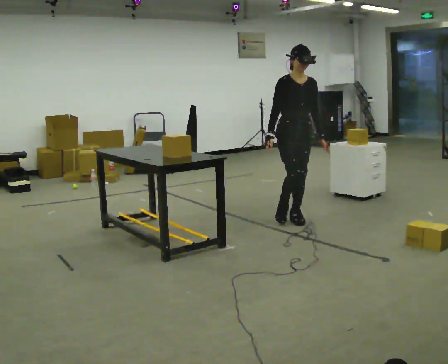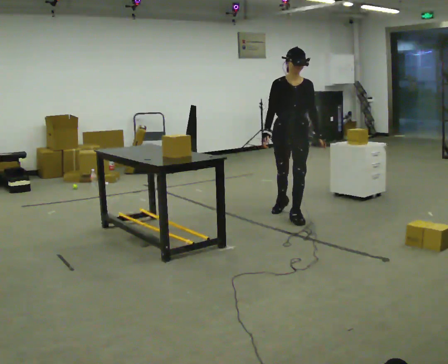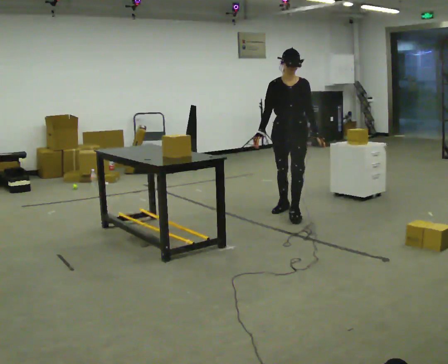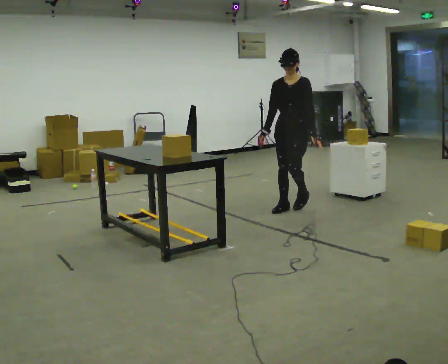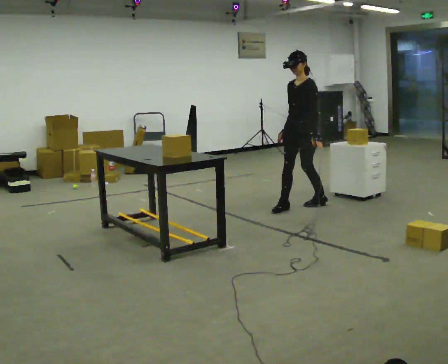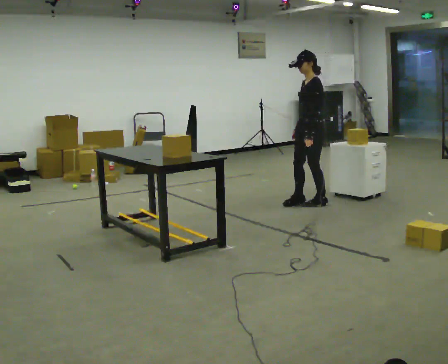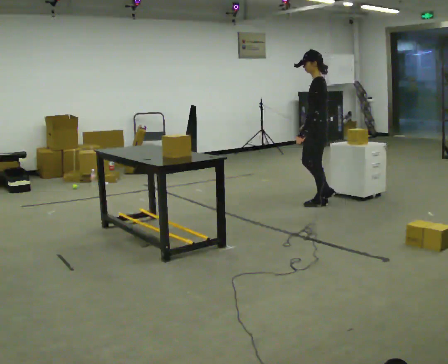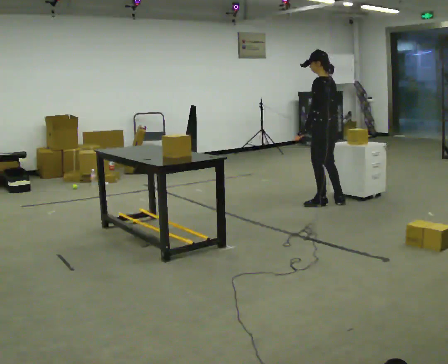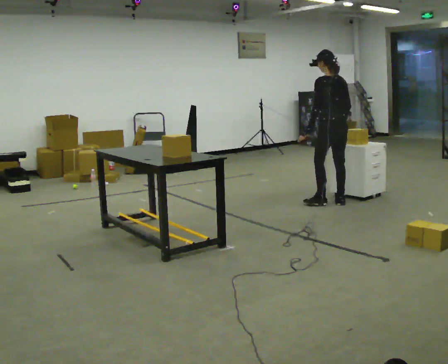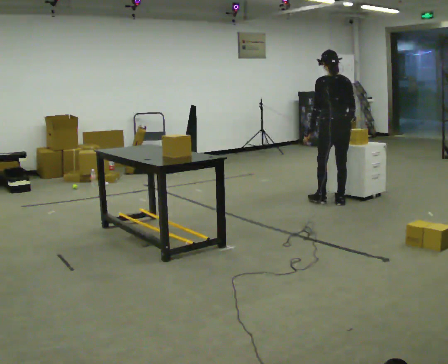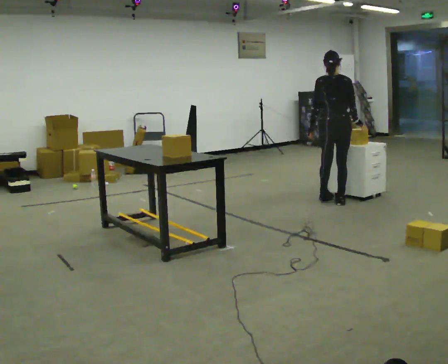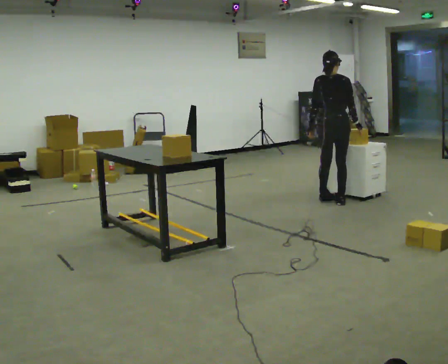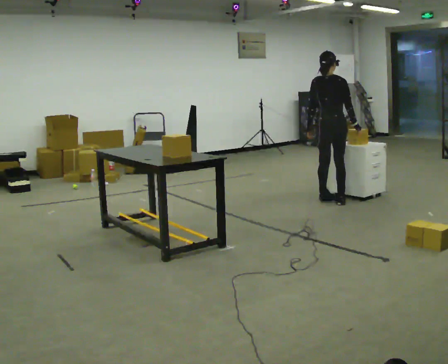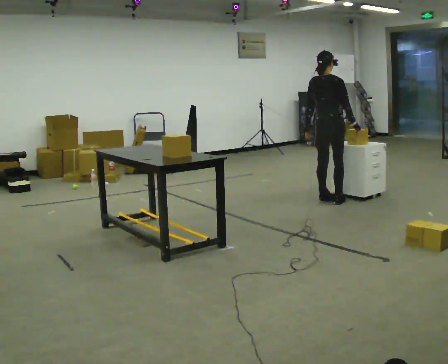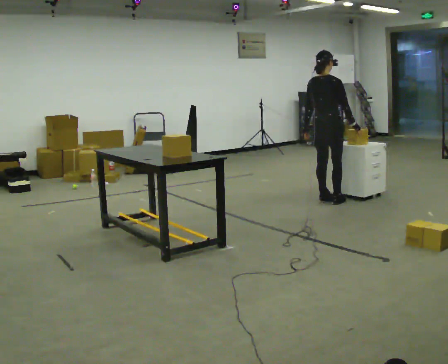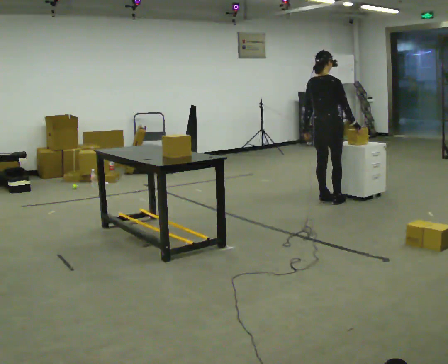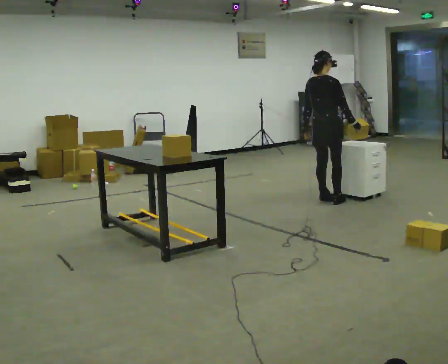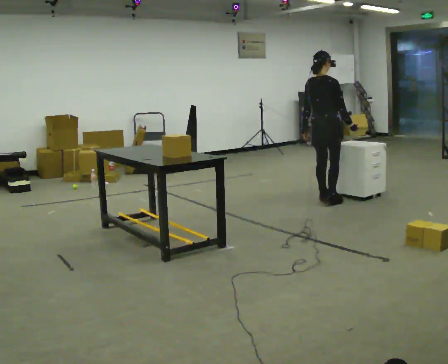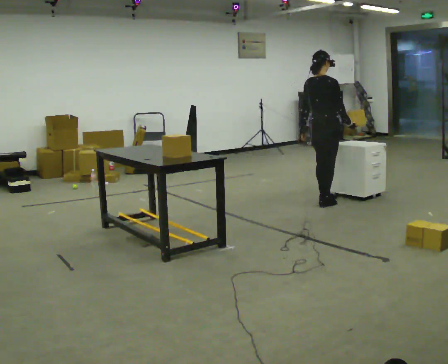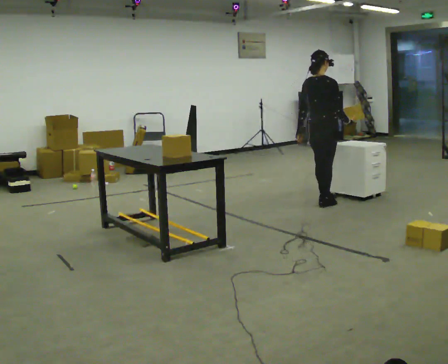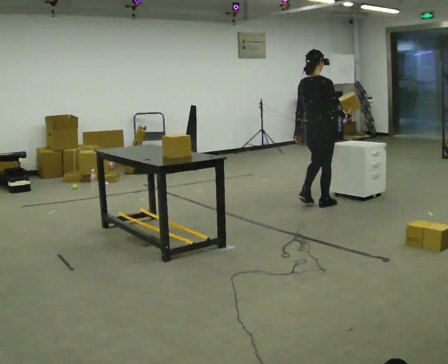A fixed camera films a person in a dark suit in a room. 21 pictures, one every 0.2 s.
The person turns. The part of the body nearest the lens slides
to the left.
The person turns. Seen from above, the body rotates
clockwise.
0.0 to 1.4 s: The part of the body nearest the lens slides to the left as the person turns to their right by about 150 degrees. In the picture they go away from the camera and to the right, about 0.75 m in 2 steps.
1.4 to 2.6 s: The part of the body nearest the lens slides to the left as the person turns to their right by about 90 degrees. In the picture their right hand goes to the right.
2.6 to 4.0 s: In the picture they go toward the camera, about 0.25 m in 2 steps, which for them is backward.
The film runs backward here.
